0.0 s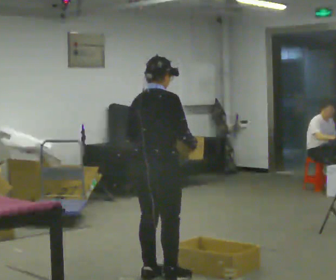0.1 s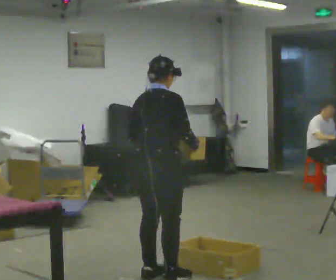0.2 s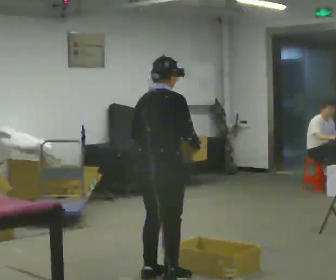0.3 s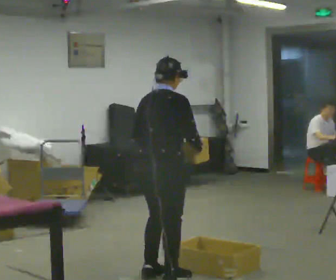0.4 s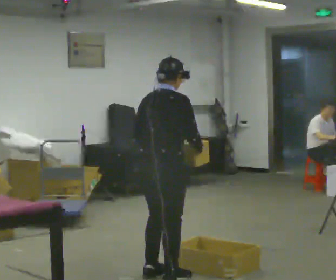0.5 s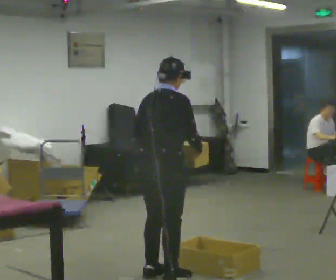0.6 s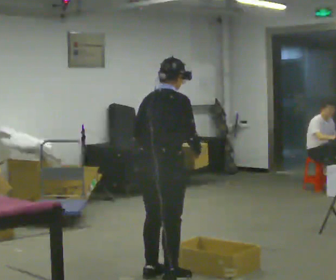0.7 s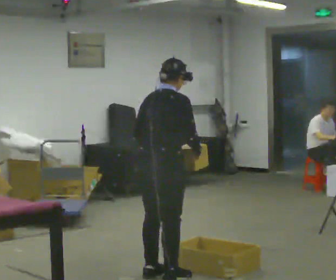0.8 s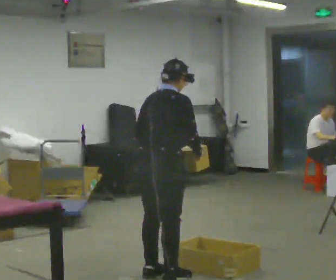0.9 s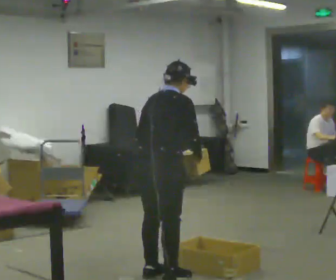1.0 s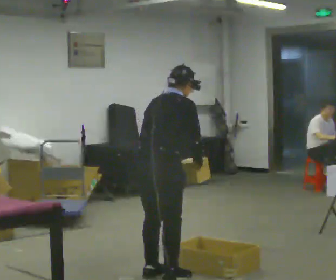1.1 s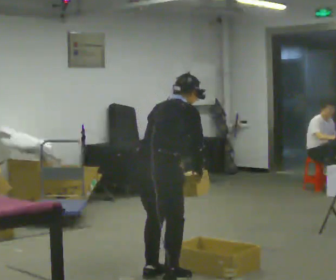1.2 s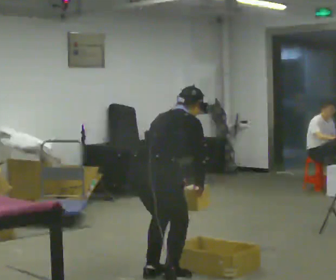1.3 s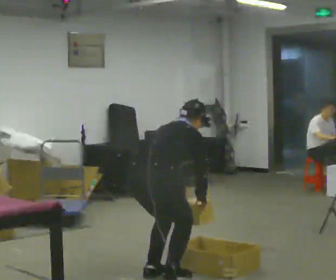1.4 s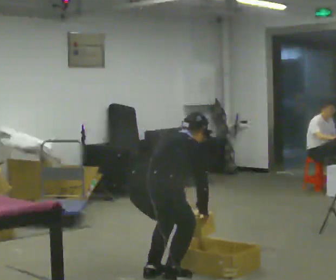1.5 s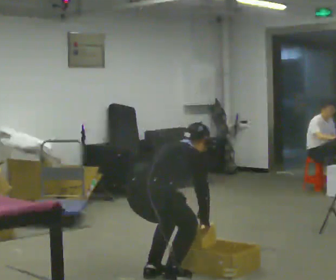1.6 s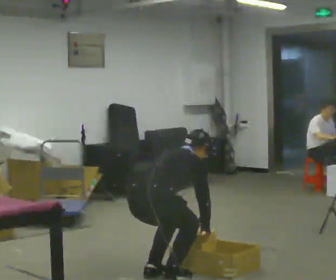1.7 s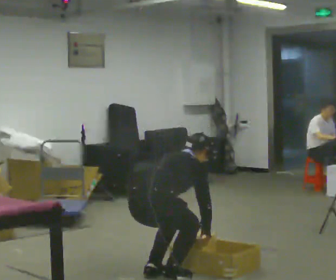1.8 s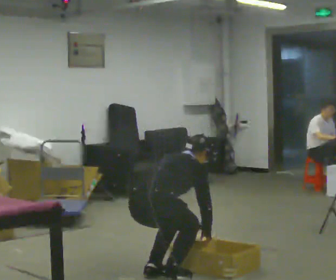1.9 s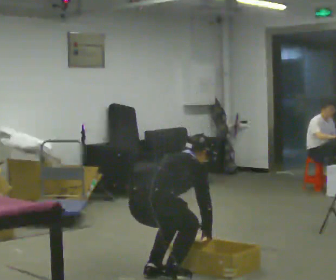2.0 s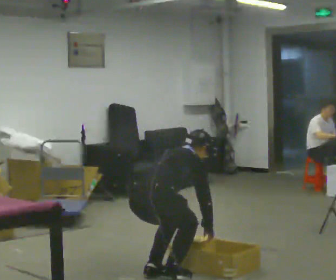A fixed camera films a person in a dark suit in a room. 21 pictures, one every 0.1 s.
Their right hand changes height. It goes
downward.
Their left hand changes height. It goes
downward.
0.0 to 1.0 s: In the picture the upper body tilts clockwise, shoulders to the right, as they bend forward.
1.0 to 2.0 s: The shoulders move downward. In the picture the upper body tilts clockwise, shoulders to the right, as they bend forward. In the picture their right hand goes downward.
The film runs forward here.
